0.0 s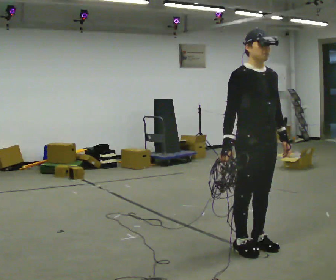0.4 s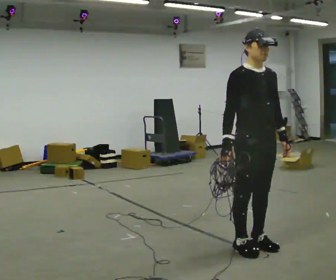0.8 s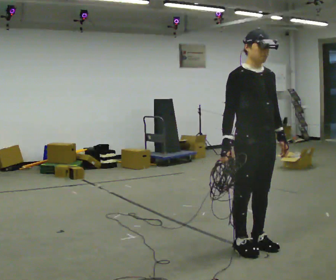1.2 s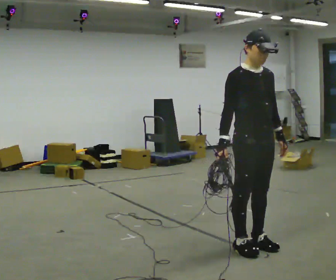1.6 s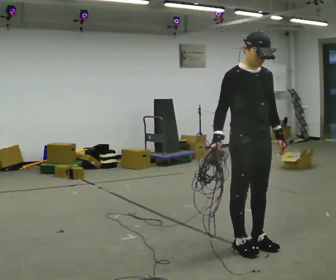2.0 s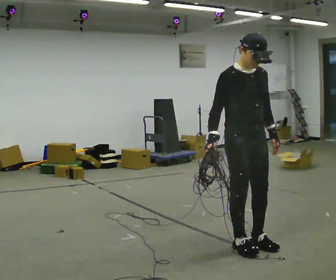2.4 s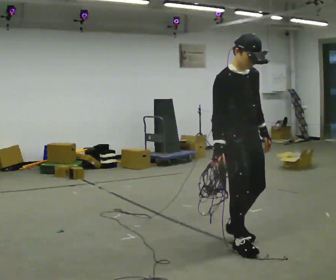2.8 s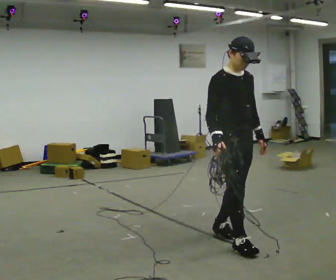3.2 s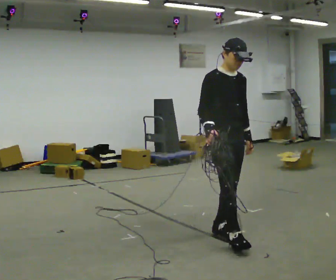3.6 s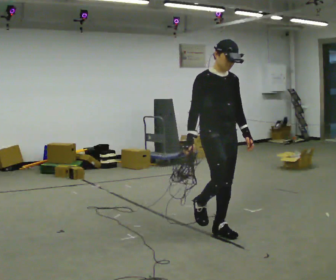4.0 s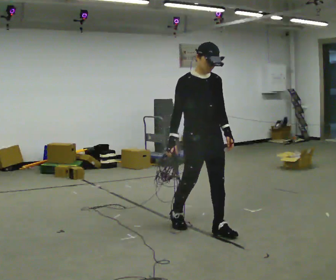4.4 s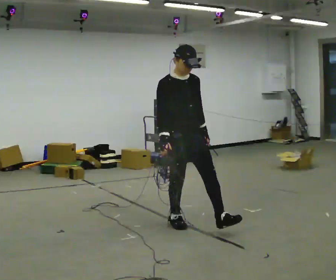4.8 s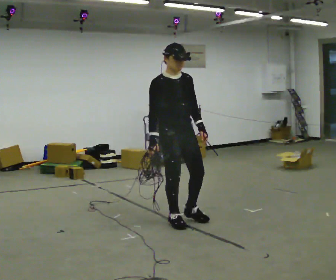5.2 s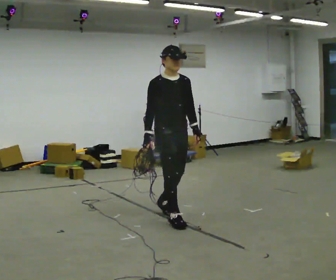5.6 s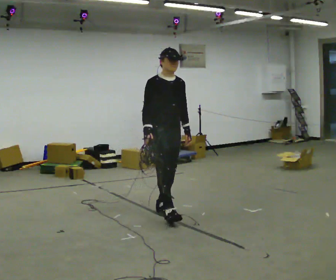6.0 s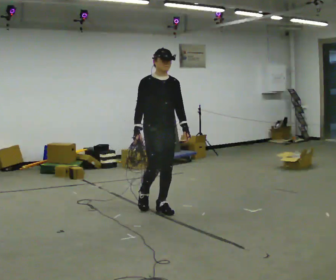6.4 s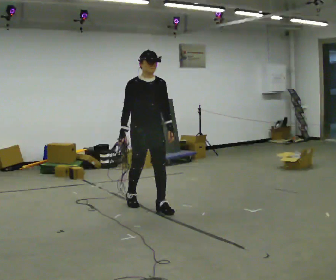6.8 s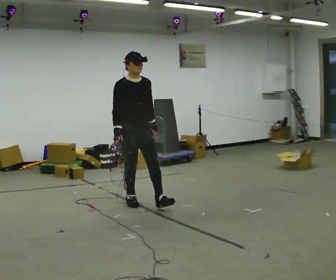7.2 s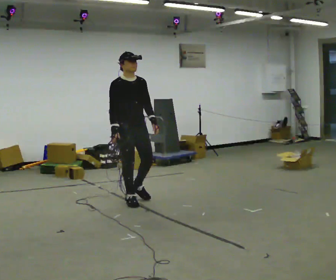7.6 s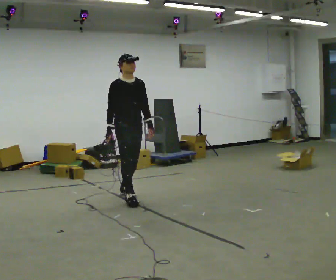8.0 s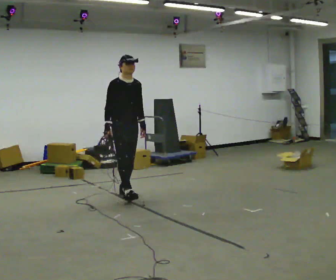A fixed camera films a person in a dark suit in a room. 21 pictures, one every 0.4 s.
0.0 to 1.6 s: The person moves a little, or ends about where they began.
1.6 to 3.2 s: In the picture they go away from the camera and to the left, about 0.25 m in 2 steps, which for them is backward.
3.2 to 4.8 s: In the picture they go to the left and away from the camera, about 0.5 m in 1 step, which for them is backward.
4.8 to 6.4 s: In the picture they go away from the camera and to the left, about 0.75 m in 1 step, which for them is backward.
6.4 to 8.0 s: In the picture they go away from the camera and to the left, about 0.75 m in 2 steps, which for them is backward.
The film runs backward here.
